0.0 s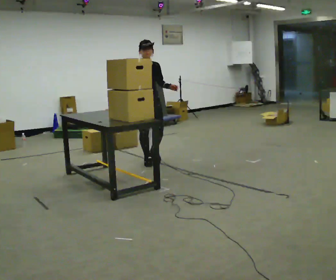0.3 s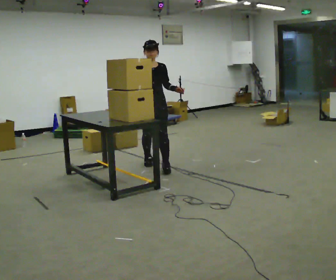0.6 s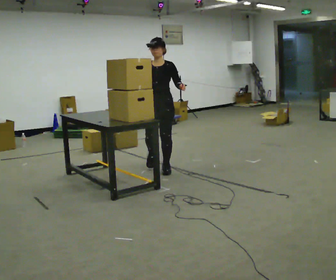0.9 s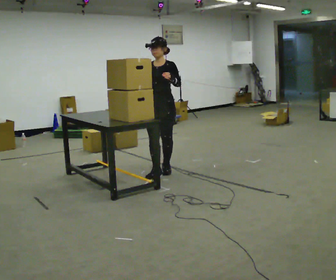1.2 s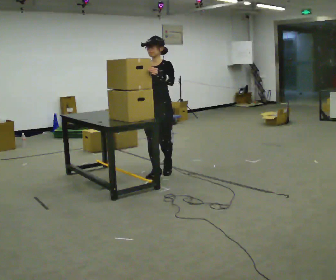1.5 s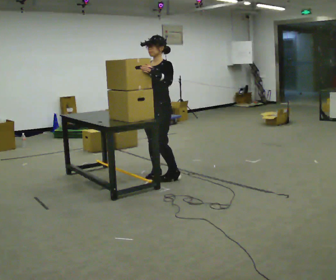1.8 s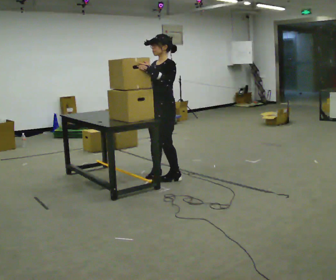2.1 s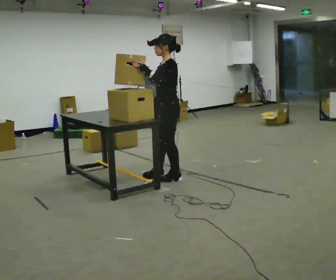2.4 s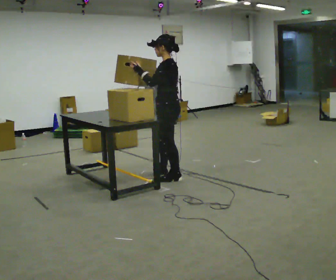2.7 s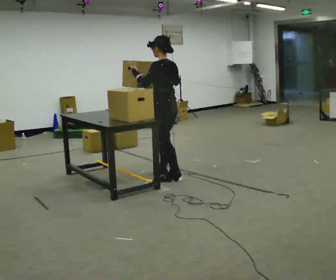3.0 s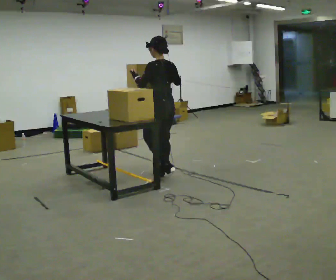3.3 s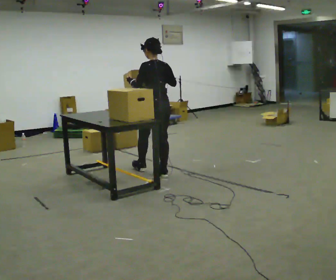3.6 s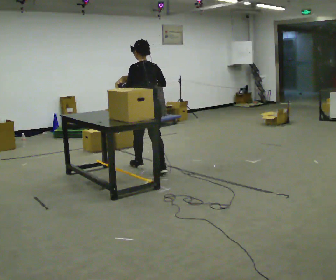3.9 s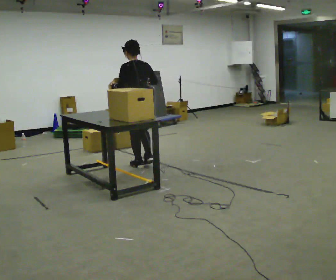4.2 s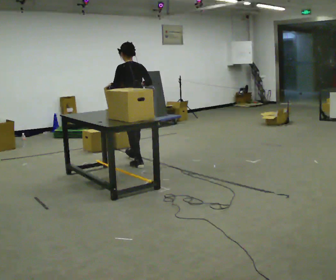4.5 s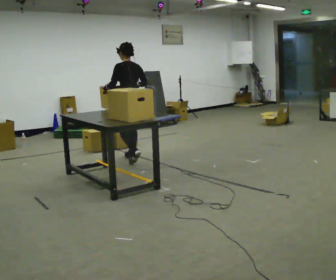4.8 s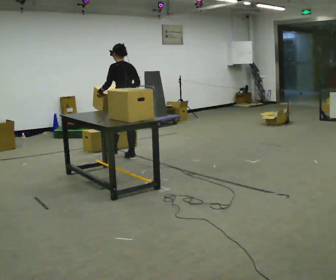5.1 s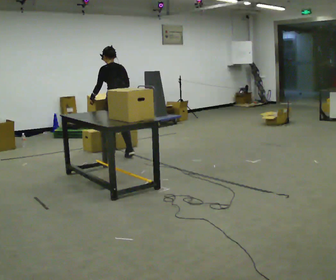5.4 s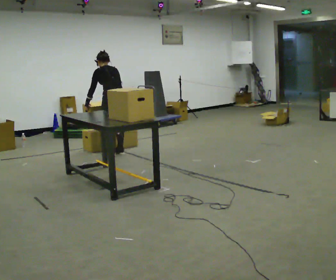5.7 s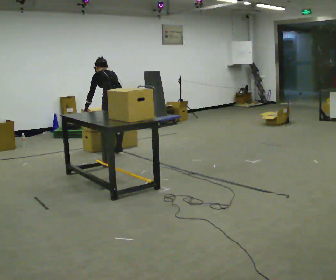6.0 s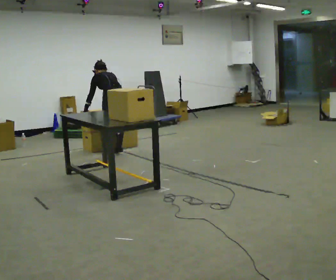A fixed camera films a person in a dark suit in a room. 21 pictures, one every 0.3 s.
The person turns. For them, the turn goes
to their right.
The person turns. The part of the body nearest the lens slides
to the left.
0.0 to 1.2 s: Seen from above the body turns clockwise, about 45 degrees: to their right, with its near side sliding to the left. In the picture they go toward the camera, about 0.5 m in 2 steps, which for them is forward and to their left.
1.2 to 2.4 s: Seen from above the body turns clockwise, about 90 degrees: to their right, with its near side sliding to the left. In the picture they go toward the camera, about 0.25 m in 1 step. In the picture their right hand goes to the right.
2.4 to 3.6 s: Seen from above the body turns clockwise, about 45 degrees: to their right, with its near side sliding to the left. In the picture they go away from the camera and to the left, about 0.5 m in 1 step, which for them is forward.
3.6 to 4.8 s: In the picture they go away from the camera and to the left, about 0.75 m in 1 step, which for them is forward.
4.8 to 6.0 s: In the picture they go away from the camera and to the left, about 0.25 m in 2 steps, which for them is forward. The upper body tips away from the camera, its near side rolling upward, as they bend forward.
The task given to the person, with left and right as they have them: Pick up the next box in the row and carry it to the table. The operator will not tell you how heavy each one is. Keep going until the operator says stop; one object at a time, and do not rush between trips.
The film runs forward here.
